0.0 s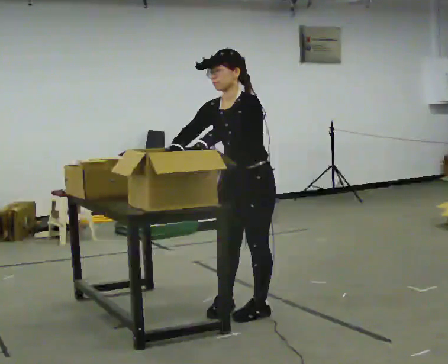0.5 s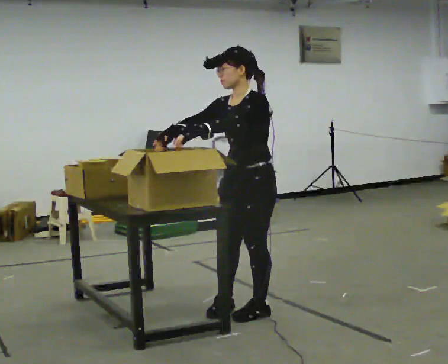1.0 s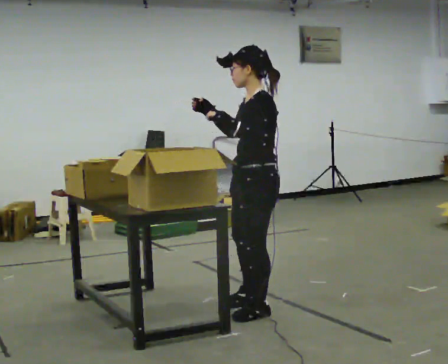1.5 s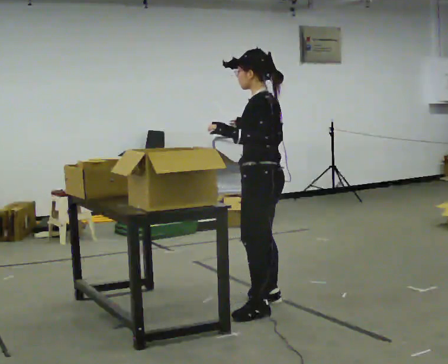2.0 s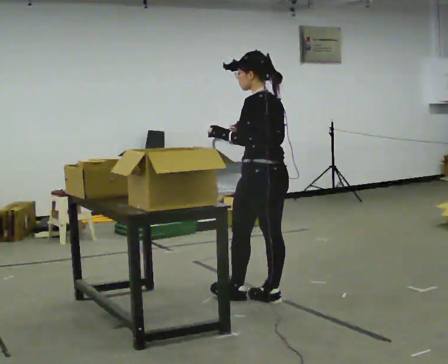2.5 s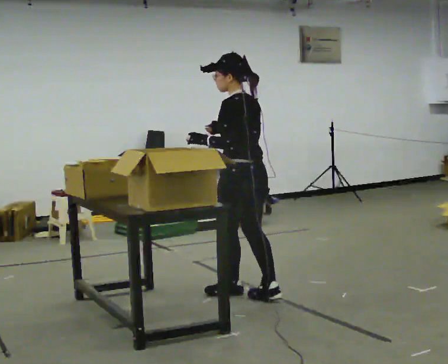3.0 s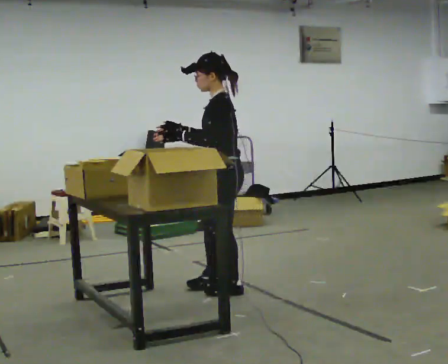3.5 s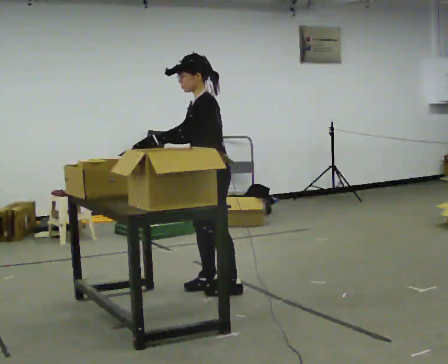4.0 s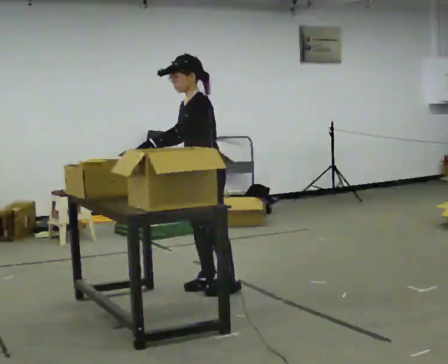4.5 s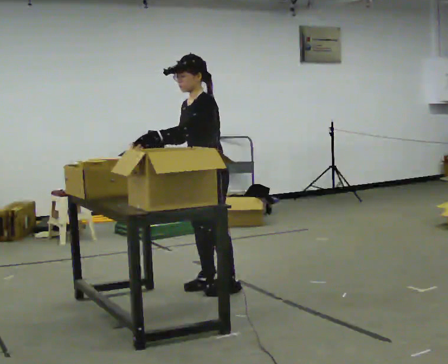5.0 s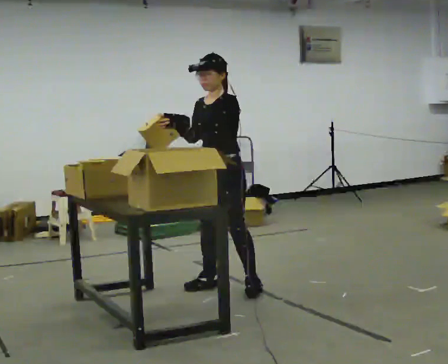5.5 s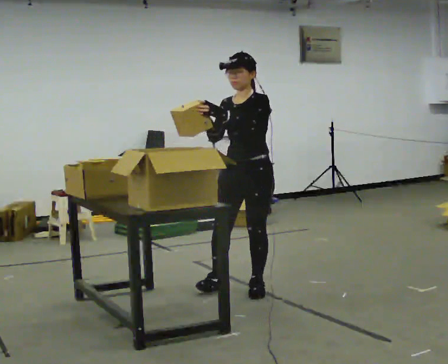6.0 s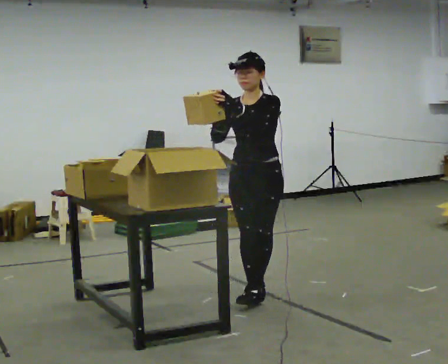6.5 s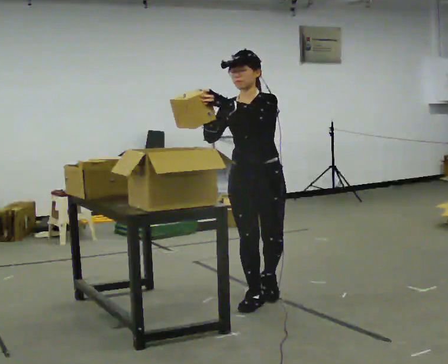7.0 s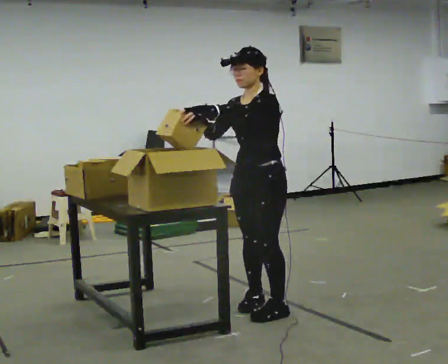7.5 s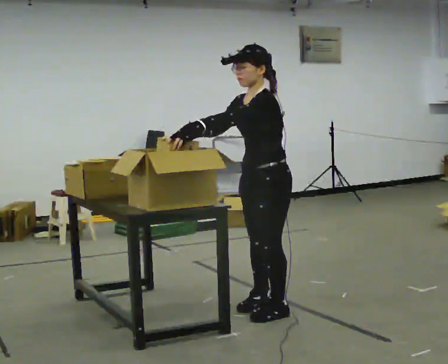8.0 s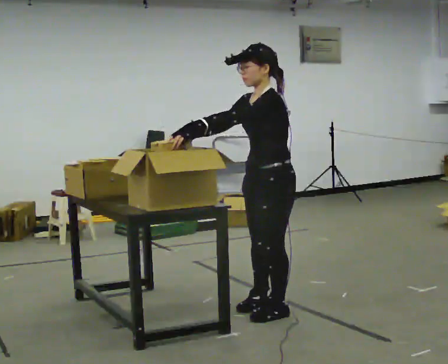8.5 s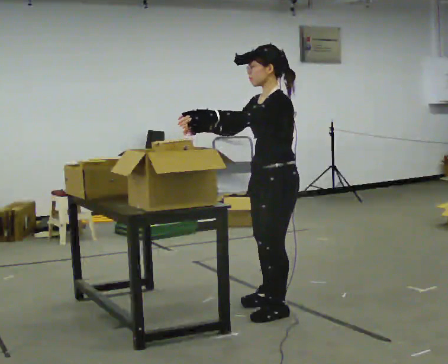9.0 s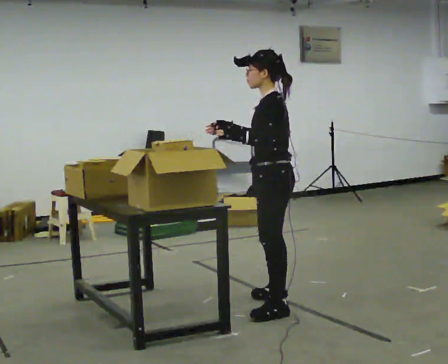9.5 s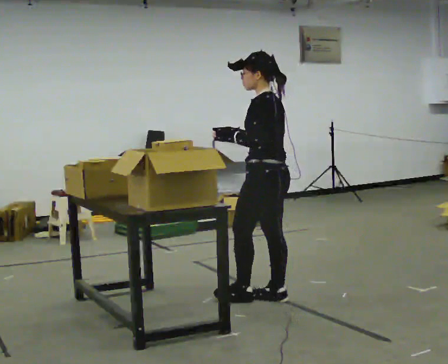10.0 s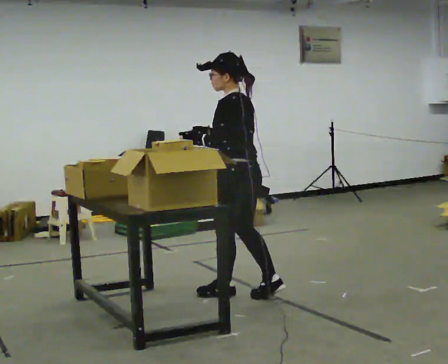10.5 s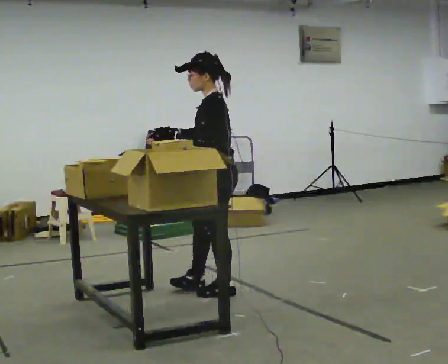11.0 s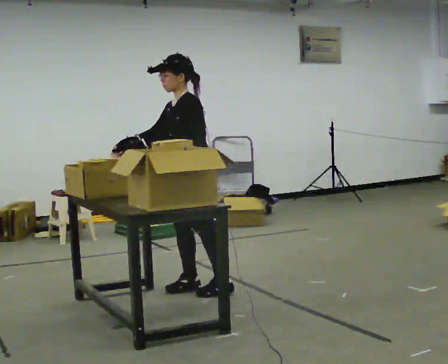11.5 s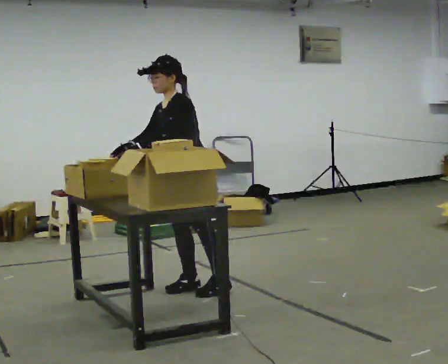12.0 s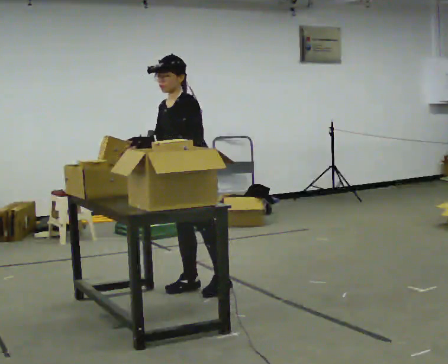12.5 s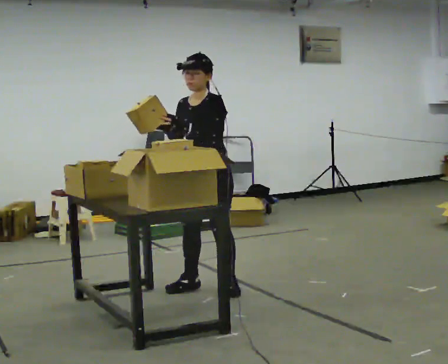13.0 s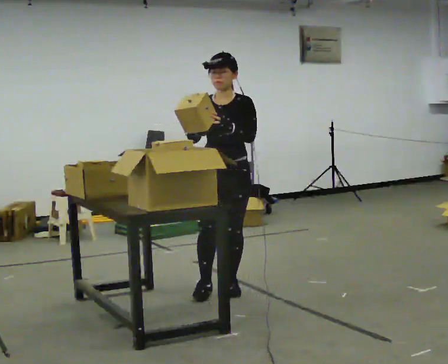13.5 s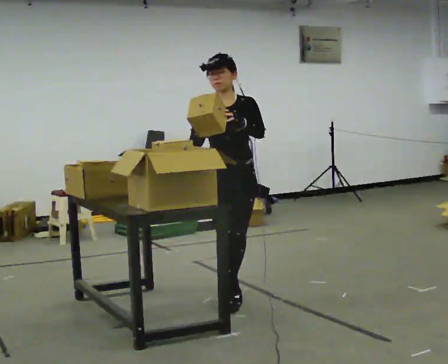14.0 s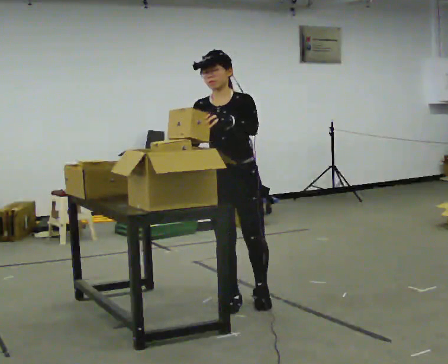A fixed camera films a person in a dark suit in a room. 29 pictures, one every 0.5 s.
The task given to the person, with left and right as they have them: Move the items from one container to the other one at a time, then move them back. Repeat at your own pace until the operator says stop. Keep both feet on the marked spots for the whole take. If you have to step, stop and tell the operator.
0.0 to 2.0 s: The person turns about 90 degrees to their right, clockwise seen from above, so the part of the body nearest the lens slides to the left. In the picture they go away from the camera, about 0.25 m in 1 step. In the picture their right hand goes to the right.
2.0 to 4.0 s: The part of the body nearest the lens slides to the right as the person turns to their left by about 60 degrees. In the picture they go to the left and away from the camera, about 0.5 m in 2 steps.
4.0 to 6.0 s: Seen from above the body turns counterclockwise, about 60 degrees: to their left, with its near side sliding to the right. In the picture they go to the right and toward the camera, about 0.5 m, which for them is to their left.
6.0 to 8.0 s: The person turns about 60 degrees to their right, clockwise seen from above, so the part of the body nearest the lens slides to the left. In the picture they go toward the camera, about 0.5 m in 2 steps, which for them is to their left and forward.
8.0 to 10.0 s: The part of the body nearest the lens slides to the left as the person turns to their right by about 60 degrees. In the picture they go away from the camera and to the left, about 0.5 m in 1 step, which for them is to their right and forward.
10.0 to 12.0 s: The part of the body nearest the lens slides to the right as the person turns to their left by about 75 degrees. In the picture they go to the left and away from the camera, about 0.5 m in 1 step.
12.0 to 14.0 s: The part of the body nearest the lens slides to the right as the person turns to their left by about 45 degrees. In the picture they go toward the camera and to the right, about 0.5 m in 1 step, which for them is forward and to their left.
The film runs forward here.
